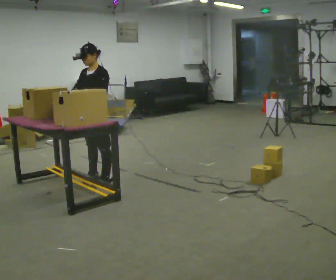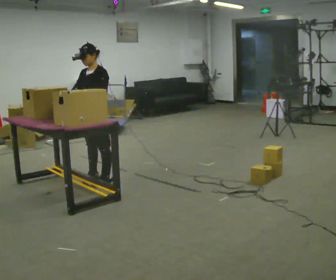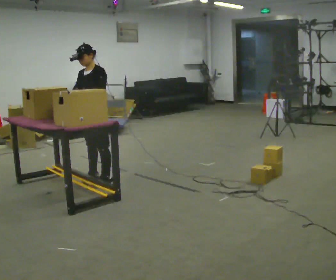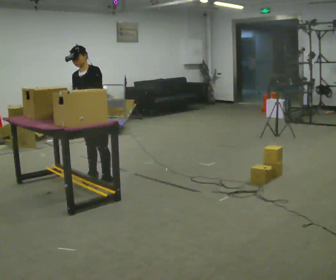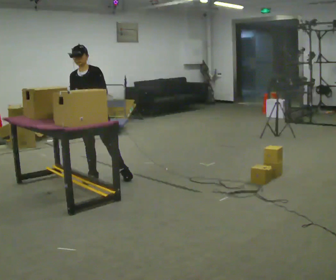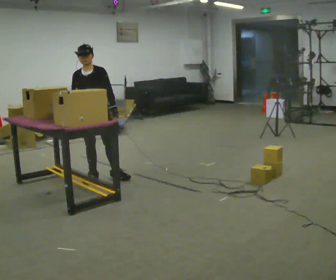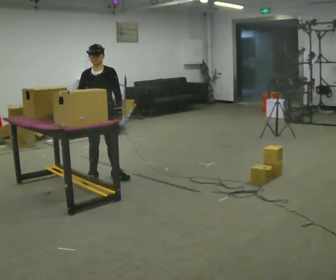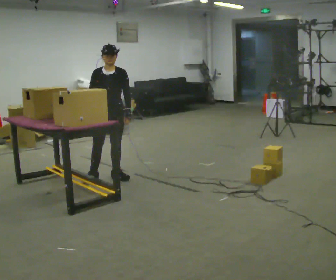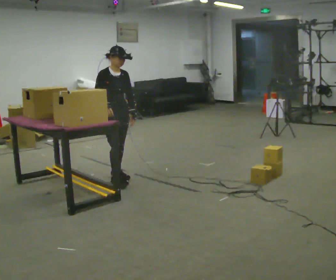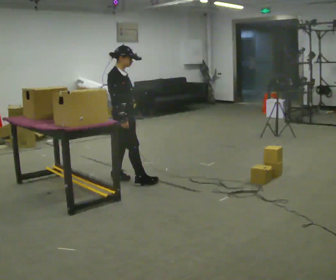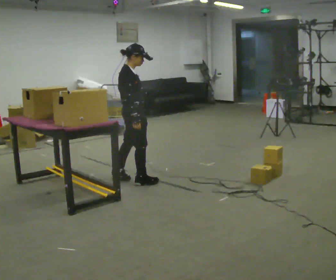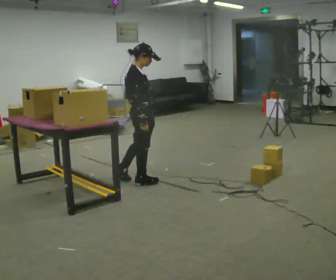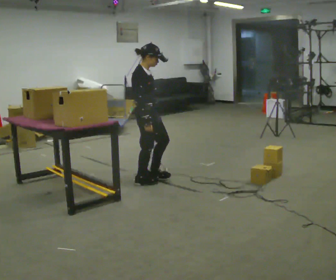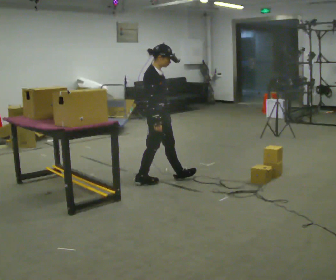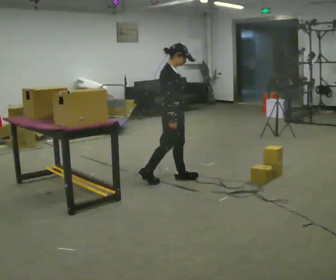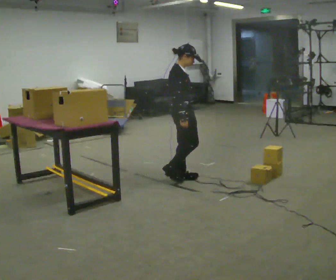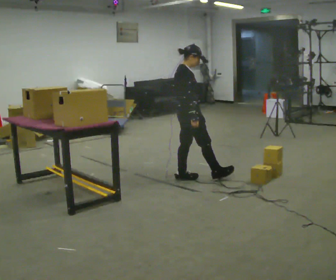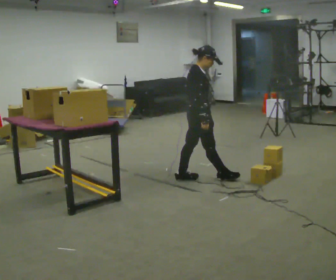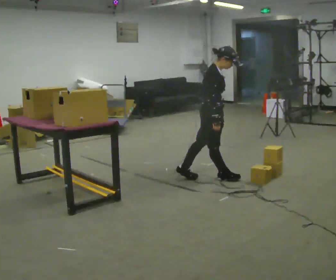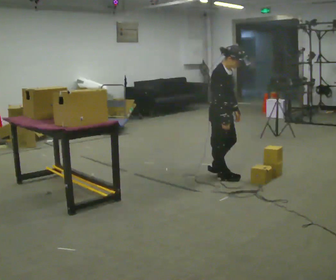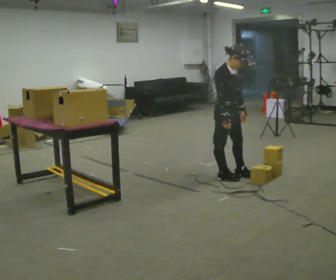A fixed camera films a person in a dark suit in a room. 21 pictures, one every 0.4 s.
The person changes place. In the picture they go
to the right.
0.0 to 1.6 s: Seen from above the body turns counterclockwise, about 30 degrees: to their left, with its near side sliding to the right.
1.6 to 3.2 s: The person turns about 45 degrees to their left, counterclockwise seen from above, so the part of the body nearest the lens slides to the right. In the picture they go to the right, about 0.25 m in 1 step, which for them is to their left.
3.2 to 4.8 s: Seen from above the body turns counterclockwise, about 45 degrees: to their left, with its near side sliding to the right. In the picture they go to the right and toward the camera, about 0.5 m in 1 step, which for them is forward and to their right.
4.8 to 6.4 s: In the picture they go to the right, about 0.5 m in 1 step, which for them is forward.
6.4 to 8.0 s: The part of the body nearest the lens slides to the left as the person turns to their right by about 45 degrees. In the picture they go to the right, about 0.5 m in 2 steps, which for them is forward.
The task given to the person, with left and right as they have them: Carry the object over and fit it into the gap between the two boxes already on the shelf, without touching either of them. Keep going until the operator says stop; one object at a time, and do not rush between trips.
The film runs forward here.
